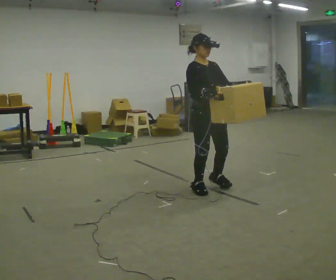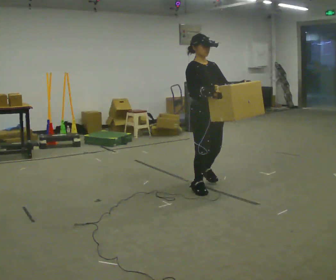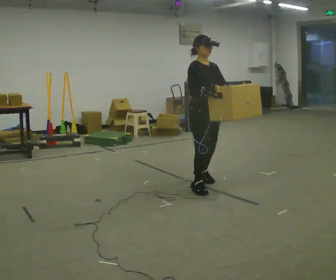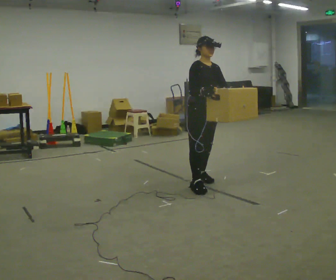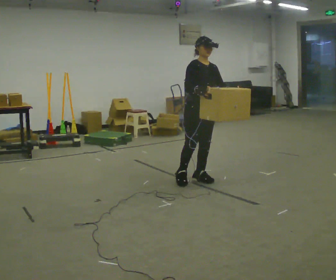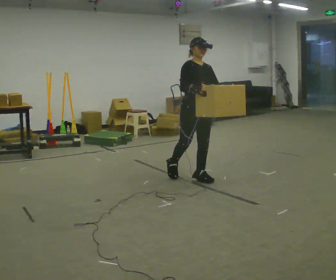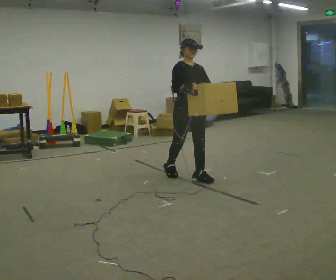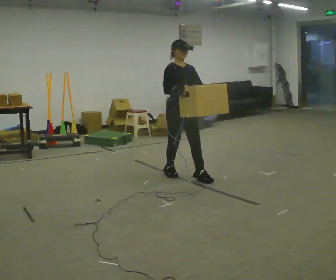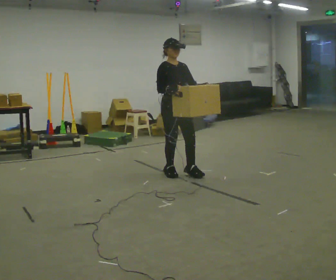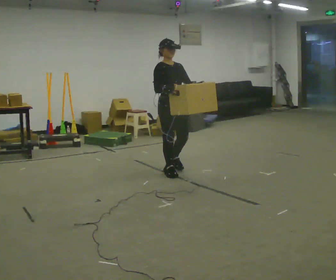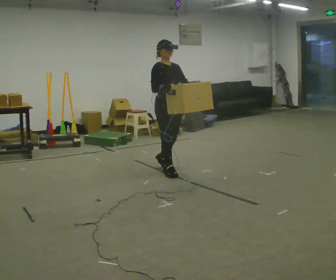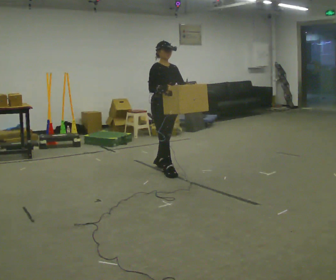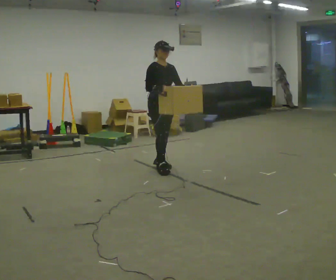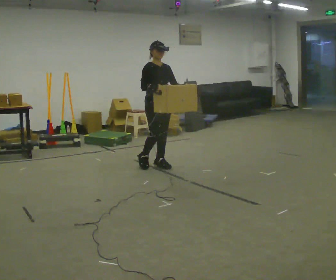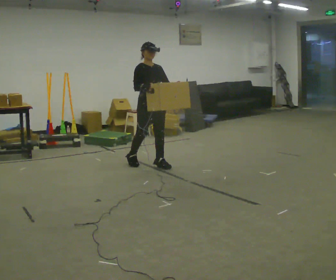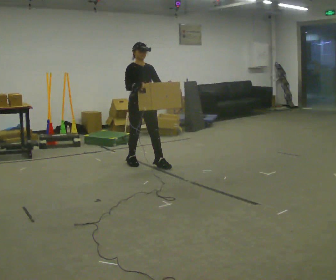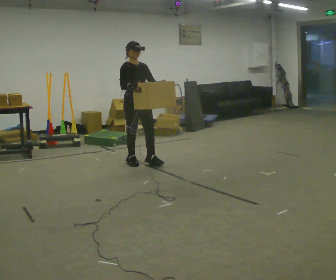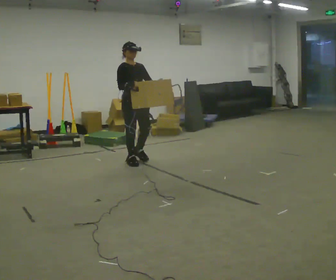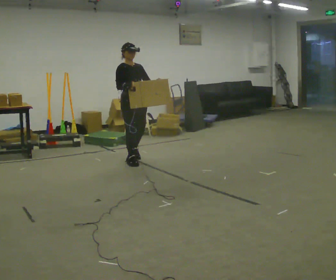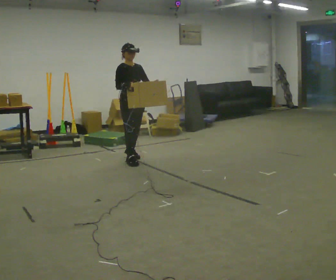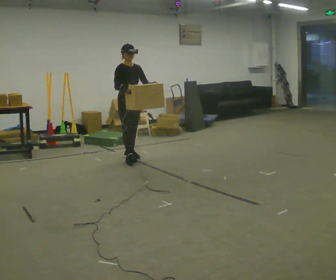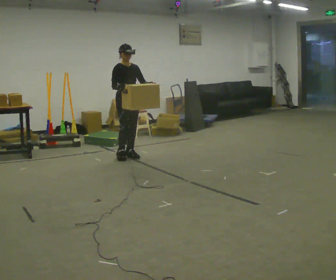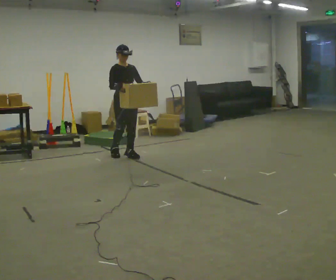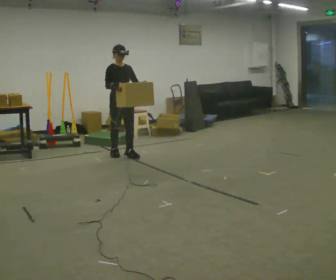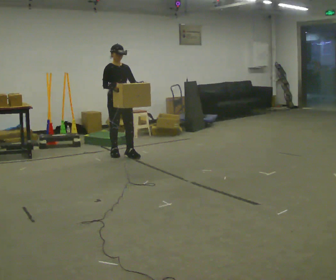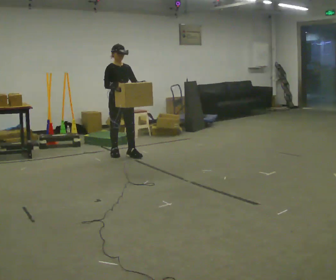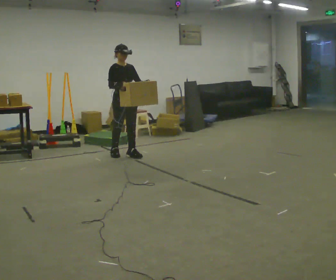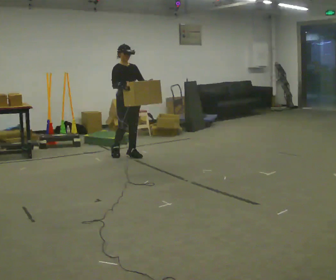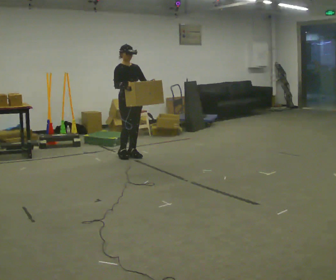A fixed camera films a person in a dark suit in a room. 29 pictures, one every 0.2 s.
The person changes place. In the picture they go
away from the camera.
0.0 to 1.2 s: In the picture they go away from the camera, about 0.5 m in 2 steps, which for them is backward.
1.2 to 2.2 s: In the picture they go away from the camera and to the left, about 0.5 m in 1 step, which for them is backward.
2.2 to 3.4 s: In the picture they go to the left and away from the camera, about 0.5 m in 1 step, which for them is backward and to their right.
3.4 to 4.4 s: In the picture they go away from the camera, about 0.5 m in 1 step, which for them is backward.
4.4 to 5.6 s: The person moves a little, or ends about where they began.
The film runs forward here.
